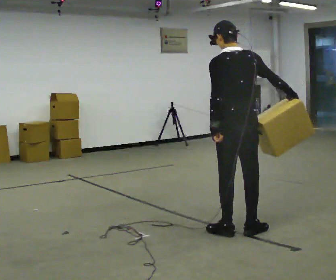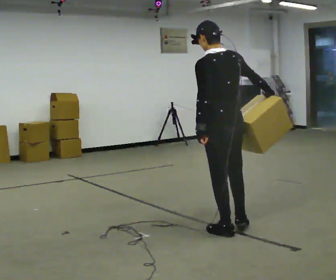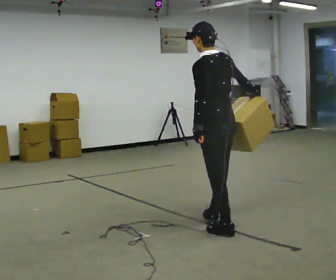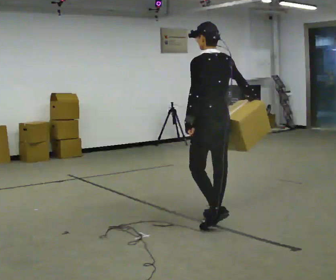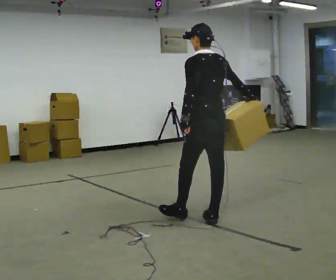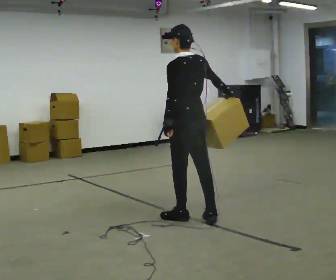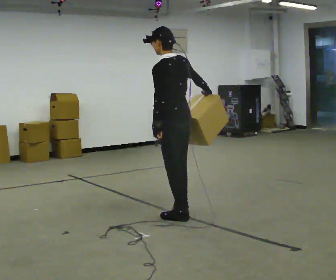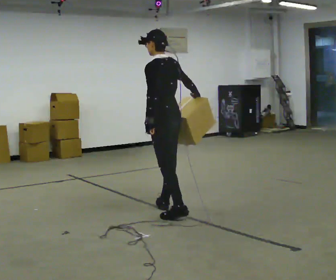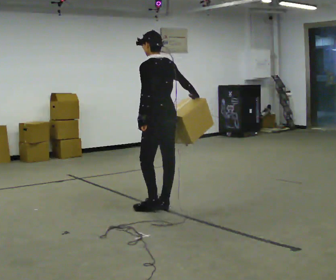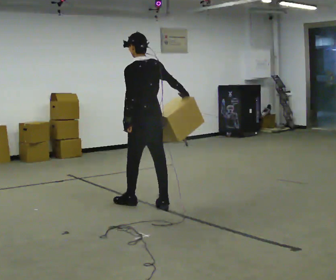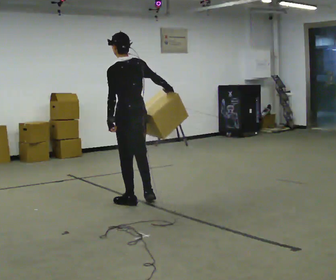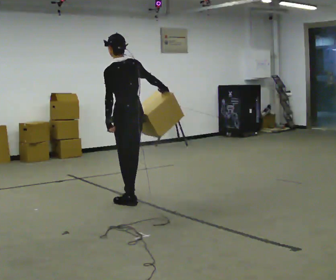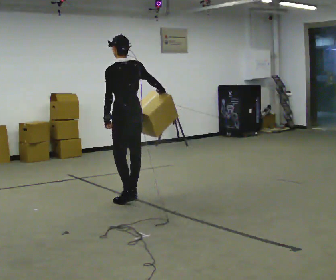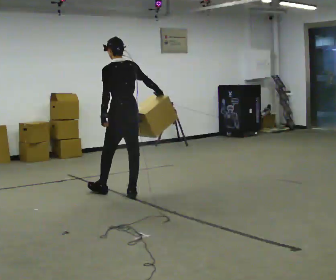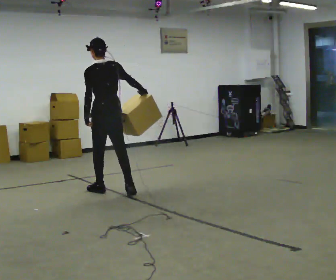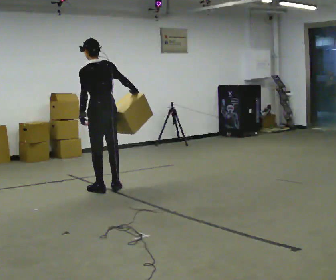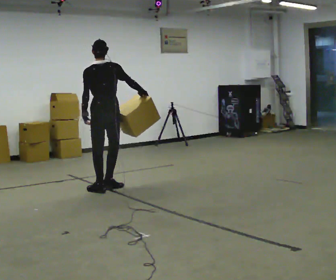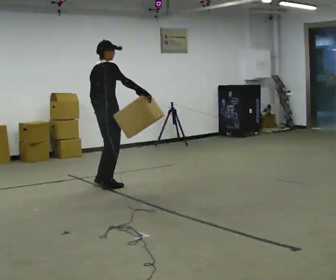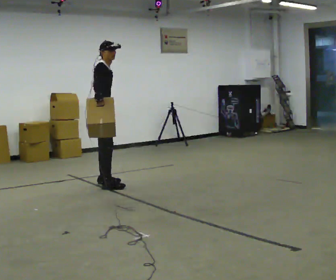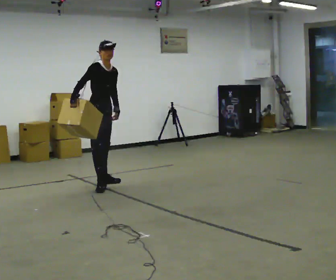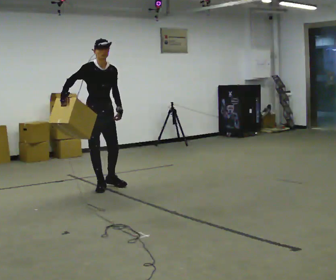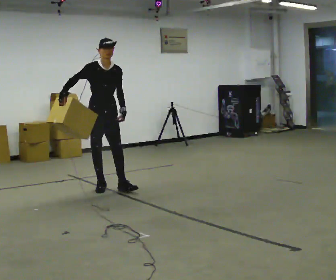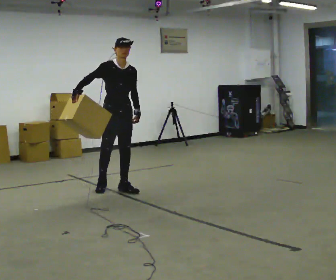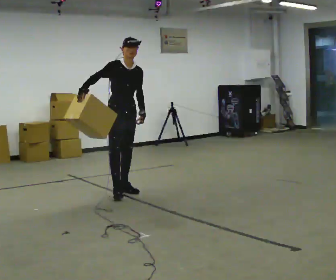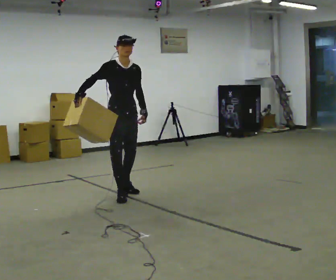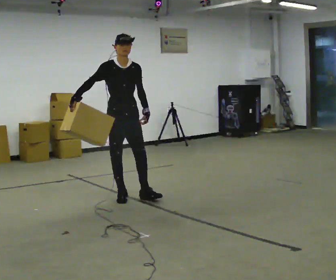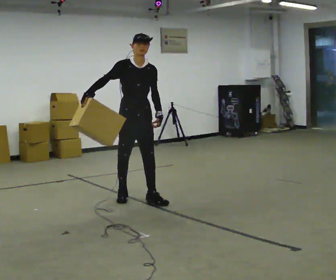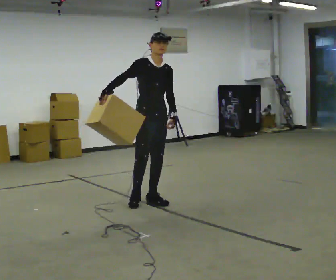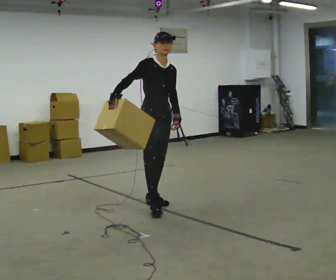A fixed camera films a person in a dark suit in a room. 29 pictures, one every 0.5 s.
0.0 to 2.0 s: In the picture they go away from the camera, about 0.5 m in 2 steps, which for them is forward.
2.0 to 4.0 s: In the picture they go away from the camera and to the left, about 0.75 m in 1 step, which for them is forward.
4.0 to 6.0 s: In the picture they go away from the camera and to the left, about 0.5 m in 2 steps, which for them is forward.
6.0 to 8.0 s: Seen from above the body turns clockwise, about 30 degrees: to their right, with its near side sliding to the left. In the picture they go away from the camera and to the left, about 0.5 m in 3 steps, which for them is forward.
8.0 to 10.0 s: The person turns about 150 degrees to their right, clockwise seen from above, so the part of the body nearest the lens slides to the left. In the picture their right hand goes to the left.
10.0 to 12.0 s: In the picture they go toward the camera and to the right, about 0.5 m in 2 steps, which for them is forward.
12.0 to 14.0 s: In the picture they go toward the camera and to the right, about 0.5 m in 2 steps, which for them is forward.
The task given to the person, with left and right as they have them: Hold the object against your hip on the side the operator calls, and carry it back and forth across the room.
The film runs forward here.
